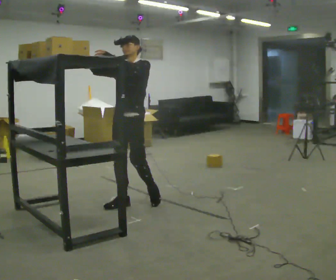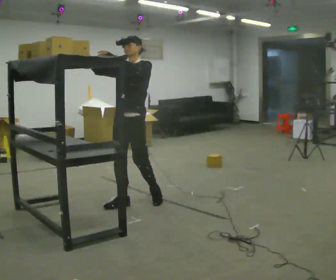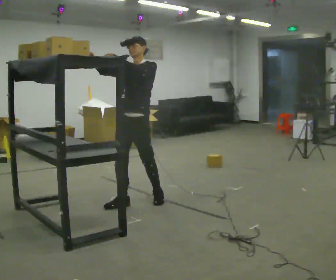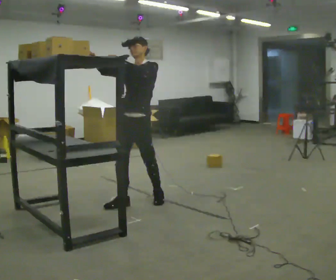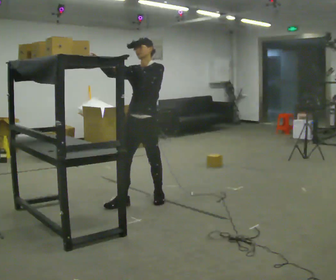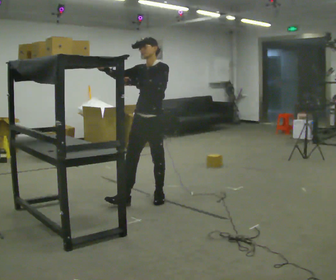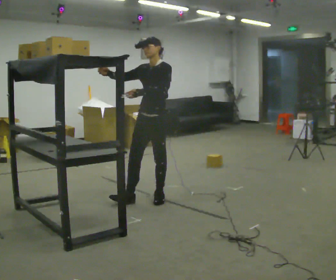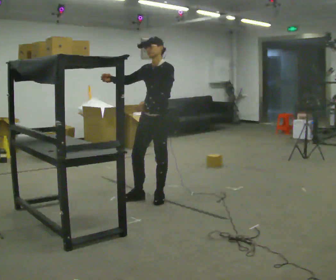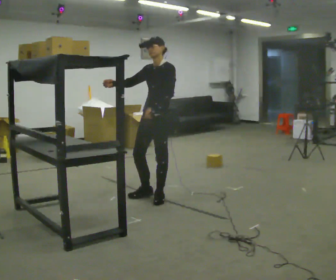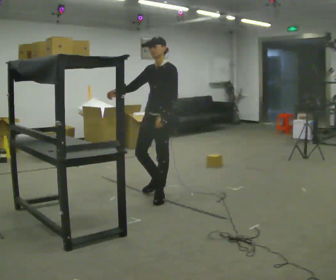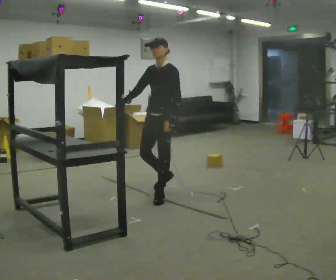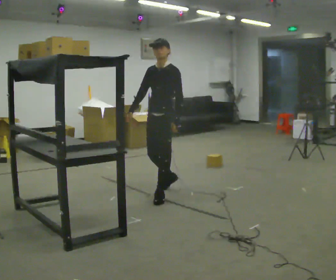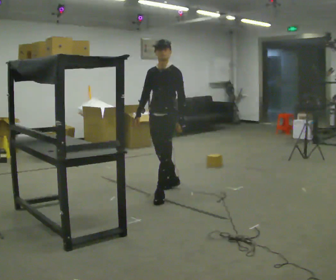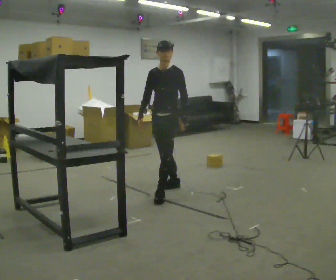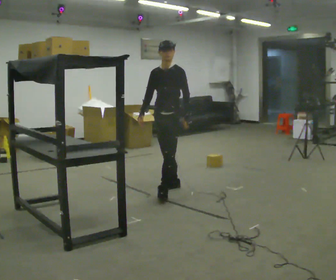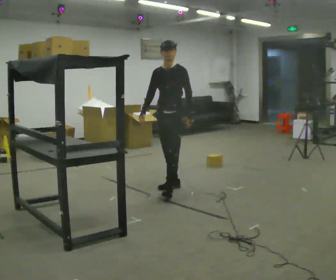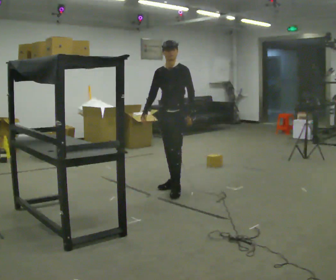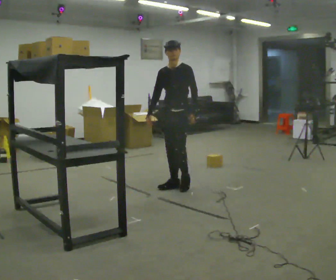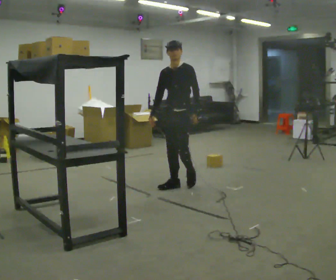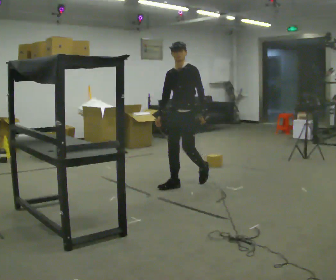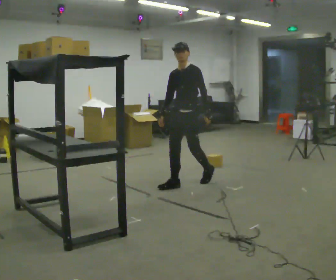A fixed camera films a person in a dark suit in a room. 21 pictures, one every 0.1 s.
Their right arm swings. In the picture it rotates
counterclockwise.
Their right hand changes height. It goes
downward.
0.0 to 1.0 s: In the picture they go away from the camera and to the right, about 0.5 m in 1 step, which for them is backward. In the picture their left hand goes downward.
1.0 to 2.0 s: In the picture they go away from the camera and to the right, about 0.5 m in 1 step, which for them is backward.
The film runs backward here.
